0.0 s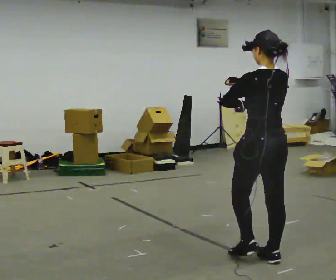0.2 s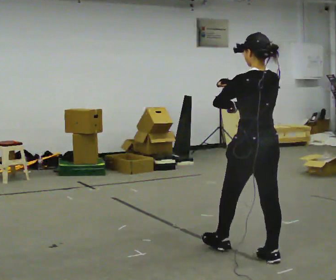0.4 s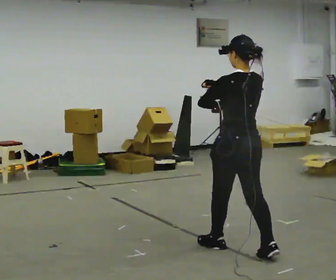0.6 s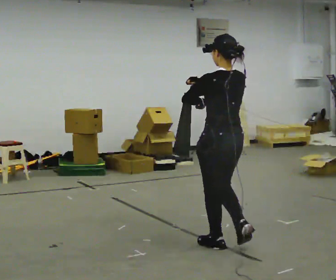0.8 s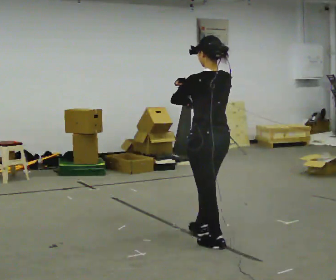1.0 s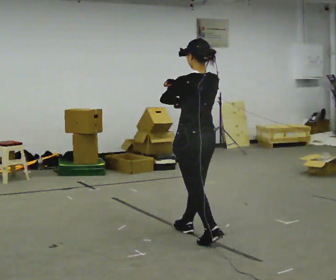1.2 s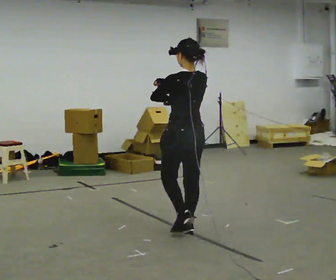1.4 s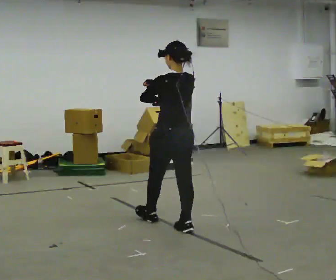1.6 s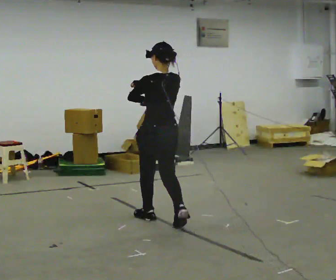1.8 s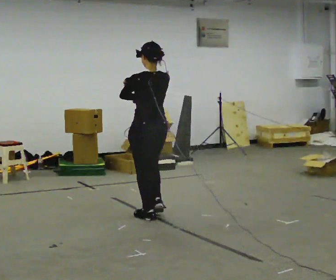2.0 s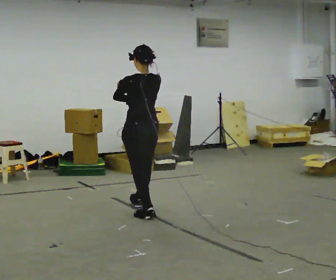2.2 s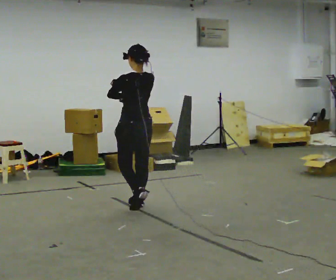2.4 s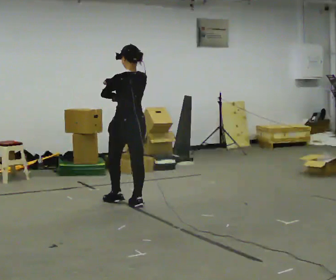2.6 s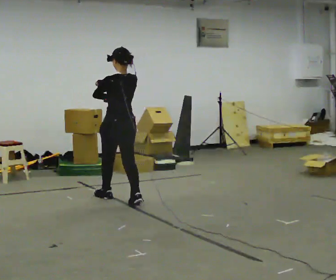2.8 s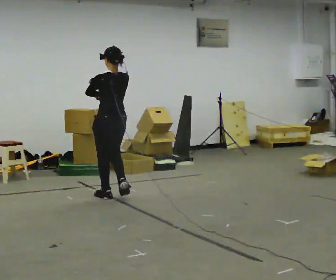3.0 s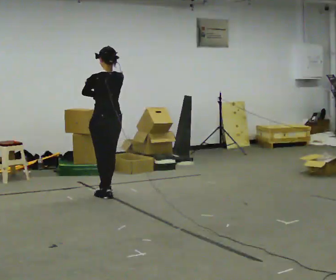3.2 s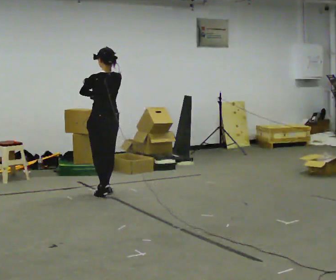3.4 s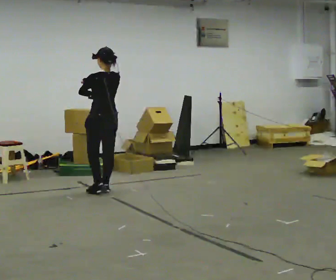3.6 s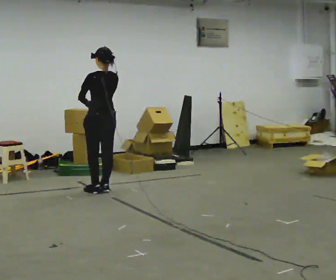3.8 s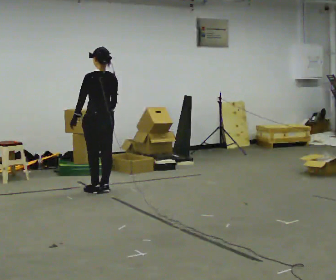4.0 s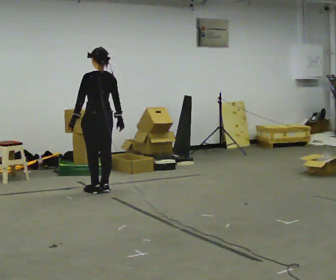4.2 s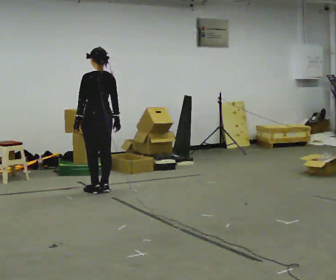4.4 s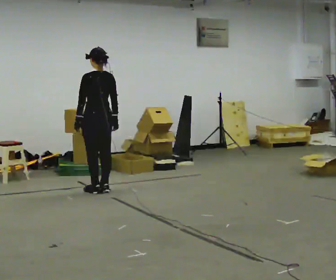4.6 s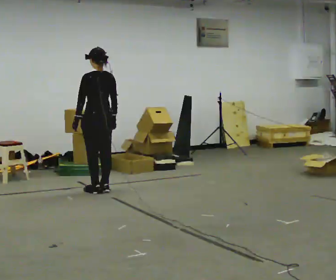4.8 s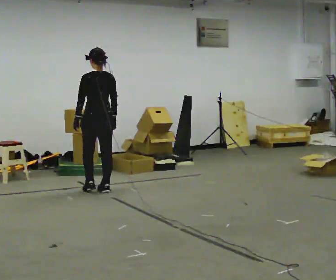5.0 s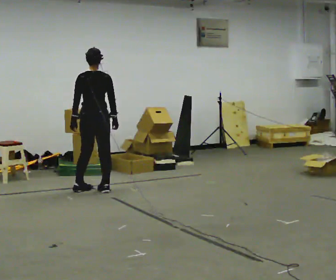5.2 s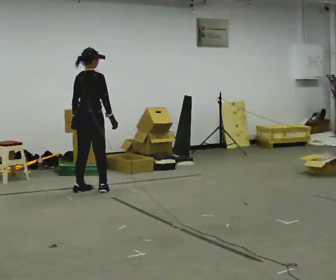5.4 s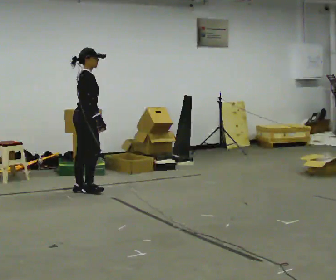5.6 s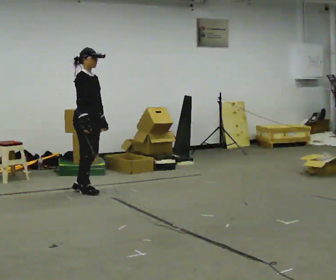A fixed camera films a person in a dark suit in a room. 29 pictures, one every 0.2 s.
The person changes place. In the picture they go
away from the camera.
0.0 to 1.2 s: In the picture they go away from the camera and to the left, about 1 m in 2 steps, which for them is forward.
1.2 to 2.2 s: In the picture they go away from the camera and to the left, about 1 m in 2 steps, which for them is forward.
2.2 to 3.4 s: In the picture they go away from the camera and to the left, about 1 m in 2 steps, which for them is forward.
3.4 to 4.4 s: In the picture their right hand goes downward.
4.4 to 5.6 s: The person turns about 135 degrees to their right, clockwise seen from above, so the part of the body nearest the lens slides to the left.
The film runs forward here.
